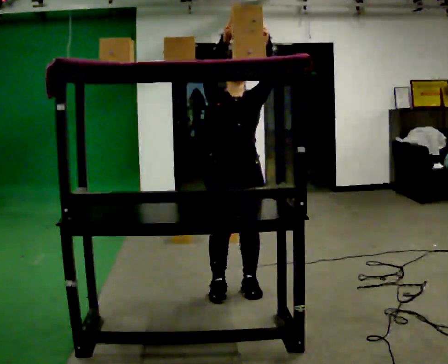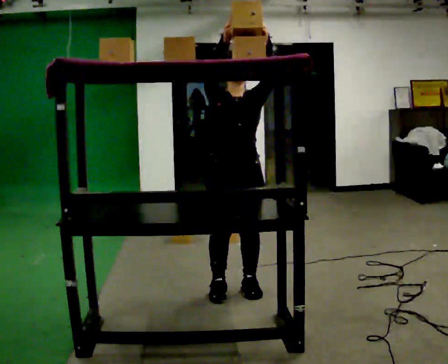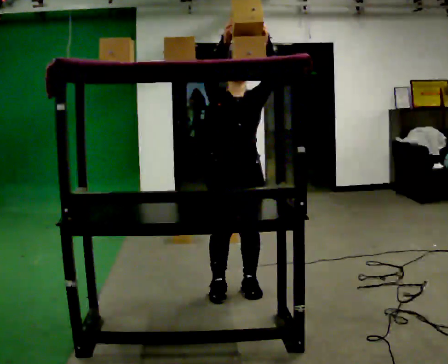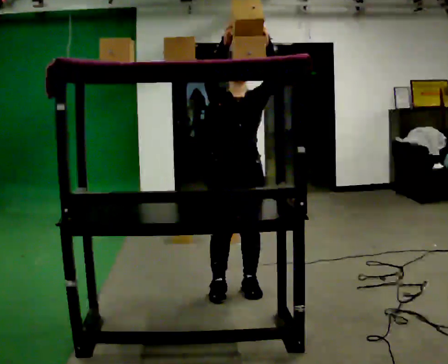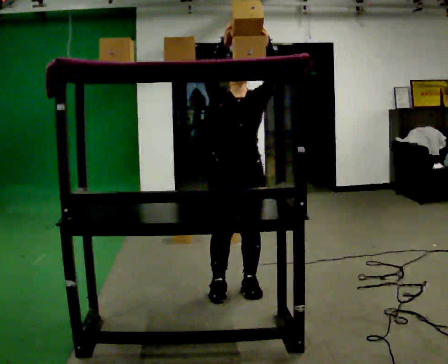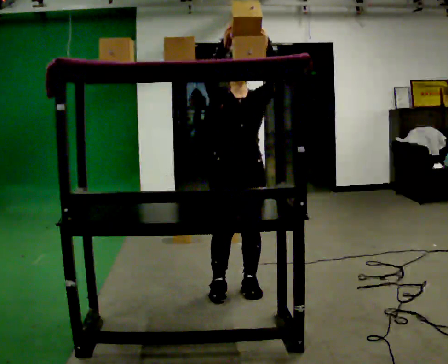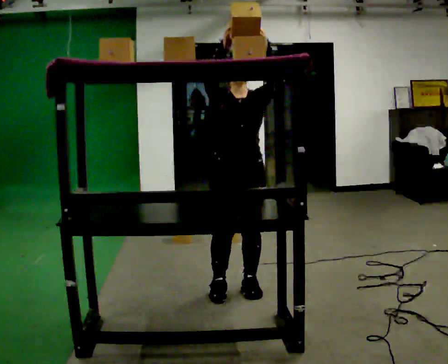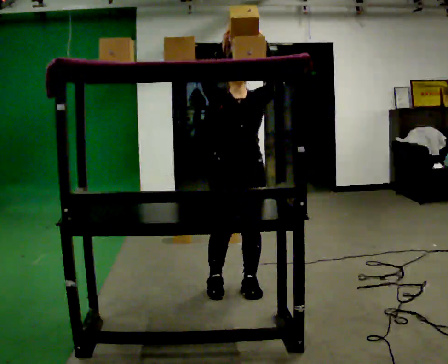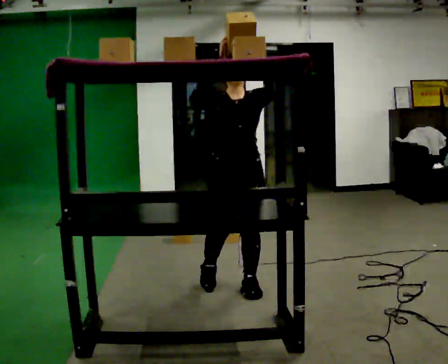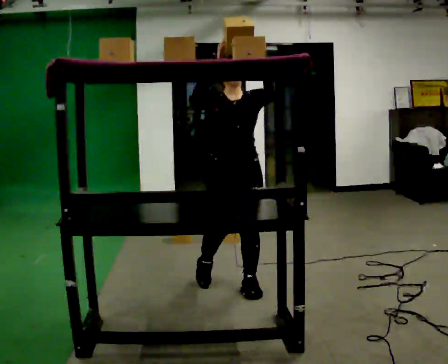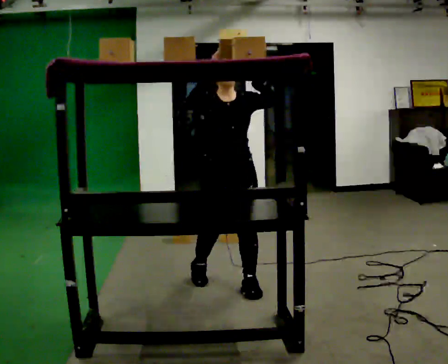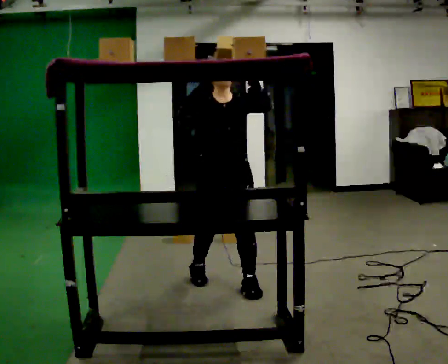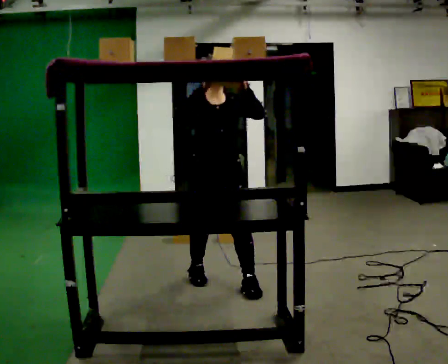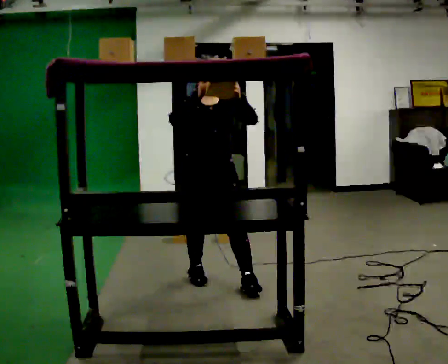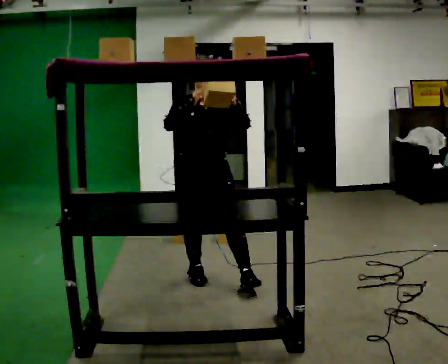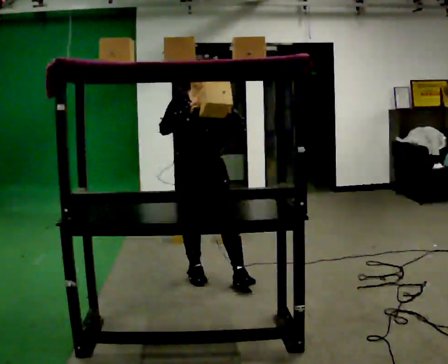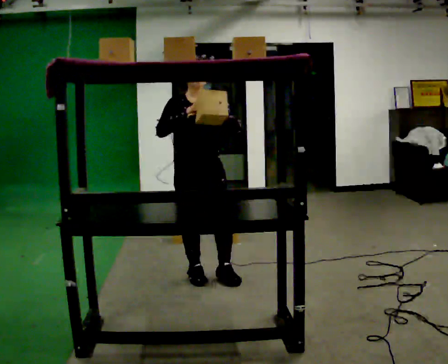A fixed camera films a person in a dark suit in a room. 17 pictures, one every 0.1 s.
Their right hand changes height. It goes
downward.
Their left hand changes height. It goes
downward.
0.0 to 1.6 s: In the picture they go away from the camera and to the left, about 0.5 m in 2 steps, which for them is backward and to their right. In the picture their left hand goes downward.
The film runs backward here.
